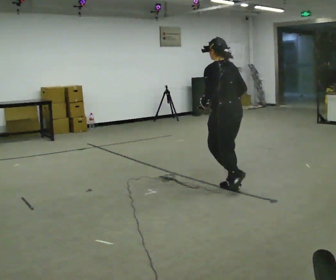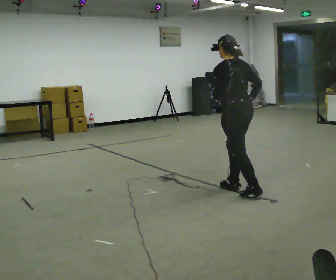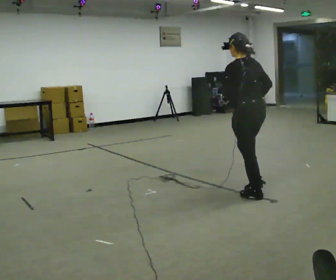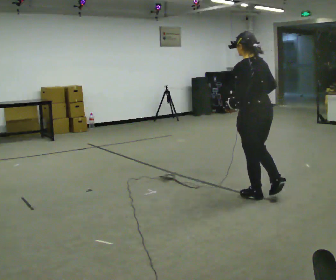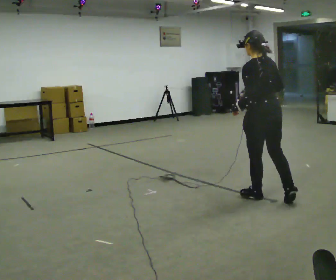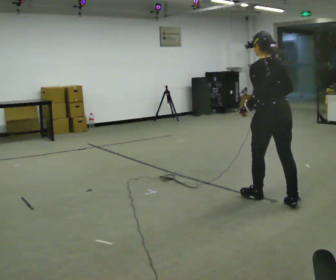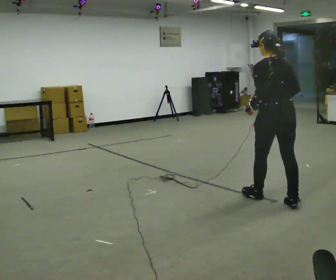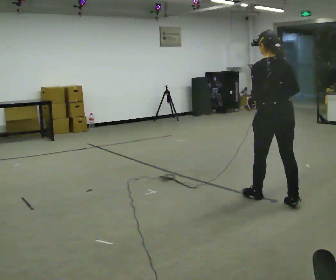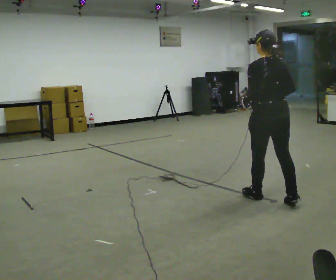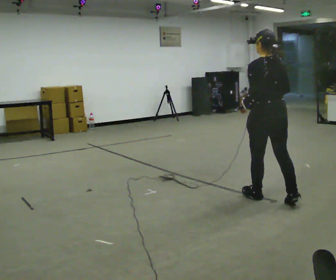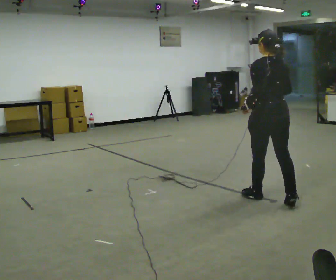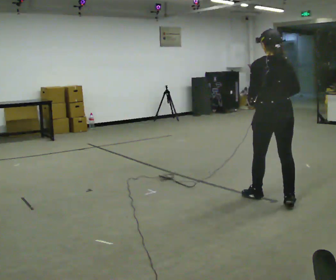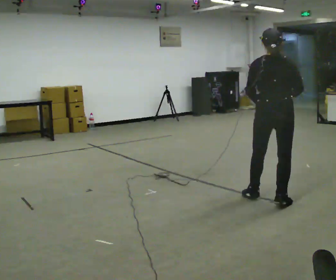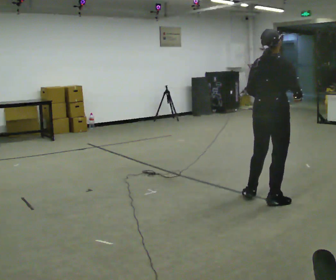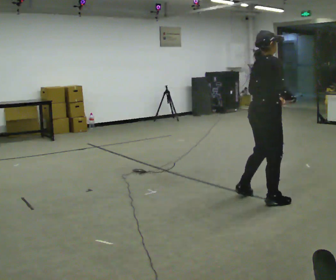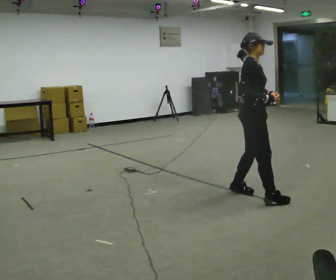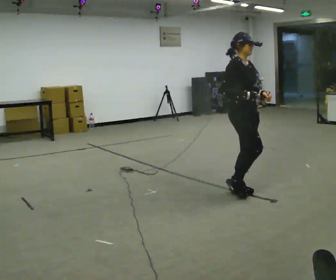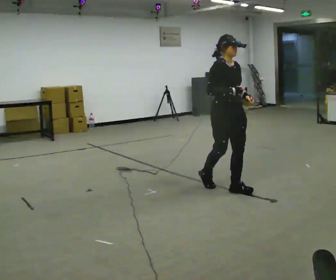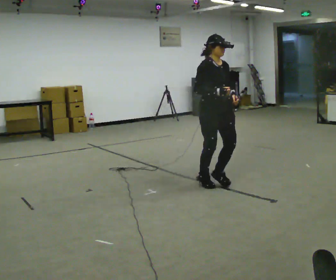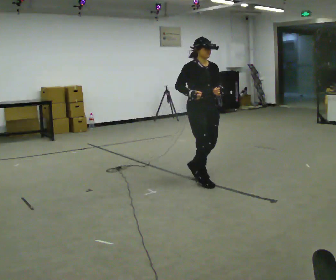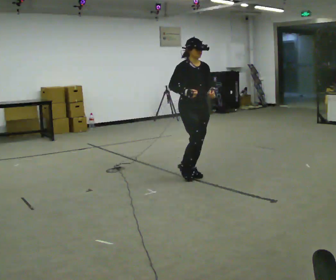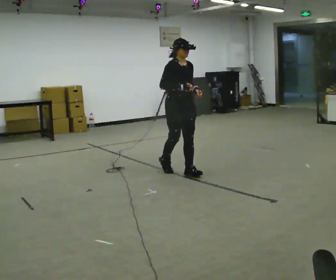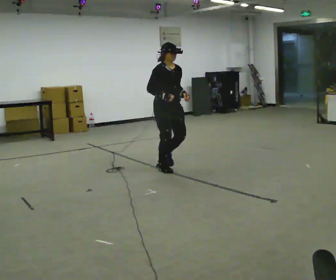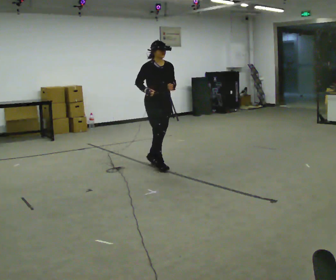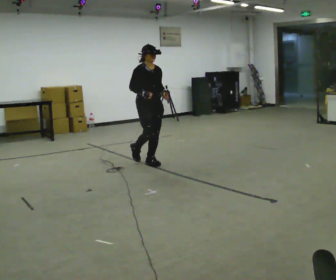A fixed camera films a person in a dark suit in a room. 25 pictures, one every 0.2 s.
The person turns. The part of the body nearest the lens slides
to the left.
The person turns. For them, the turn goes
to their right.
0.0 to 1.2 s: In the picture they go to the right and toward the camera, about 0.75 m in 1 step, which for them is backward.
1.2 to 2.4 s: The person turns about 30 degrees to their right, clockwise seen from above, so the part of the body nearest the lens slides to the left.
2.4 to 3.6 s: Seen from above the body turns clockwise, about 135 degrees: to their right, with its near side sliding to the left. In the picture they go to the left and away from the camera, about 0.5 m in 3 steps.
3.6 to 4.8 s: In the picture they go to the left and away from the camera, about 1.5 m in 3 steps, which for them is backward.
The film runs backward here.
